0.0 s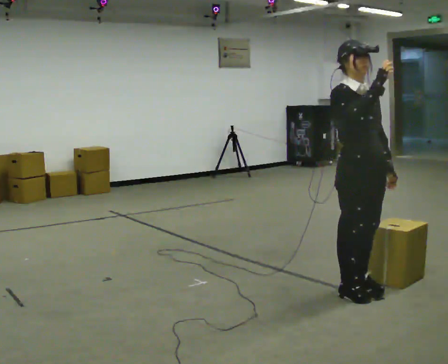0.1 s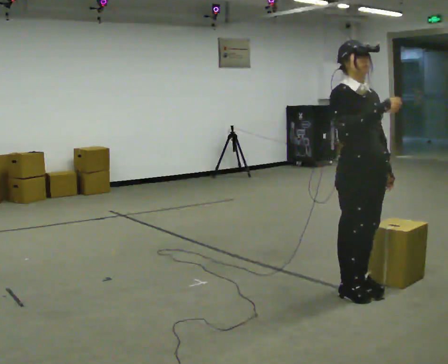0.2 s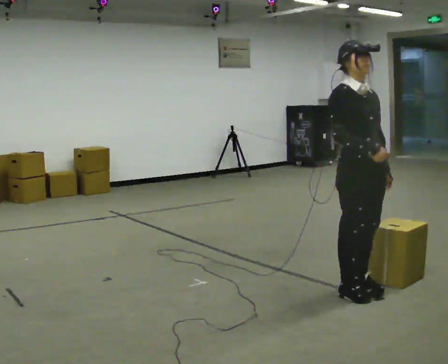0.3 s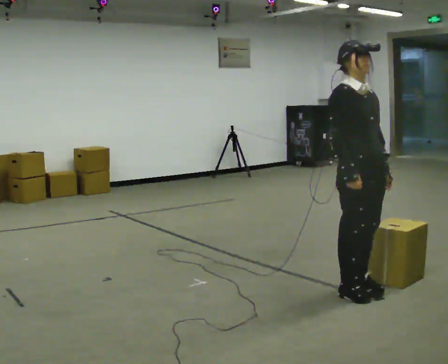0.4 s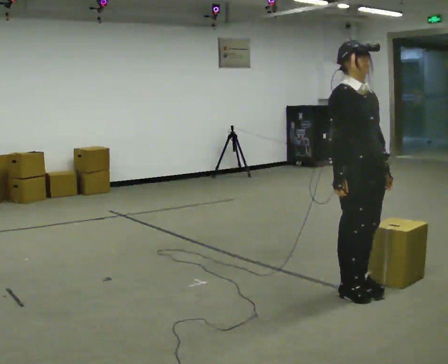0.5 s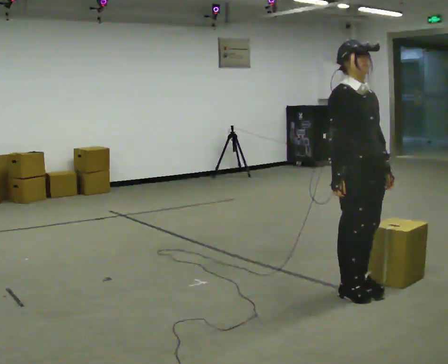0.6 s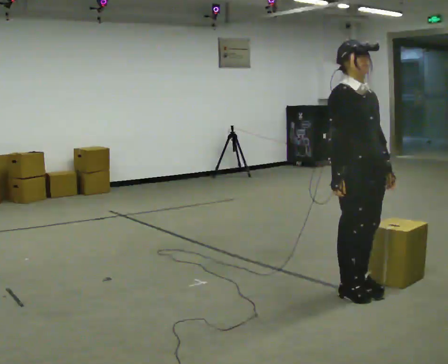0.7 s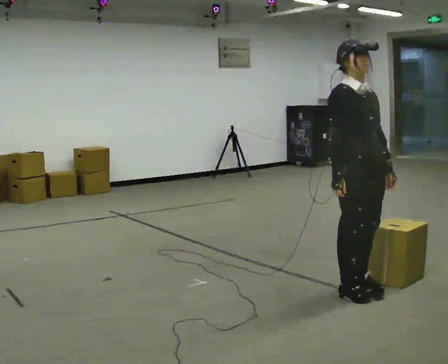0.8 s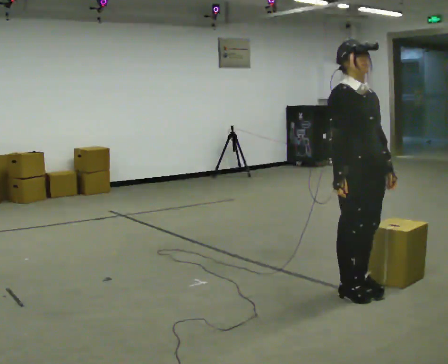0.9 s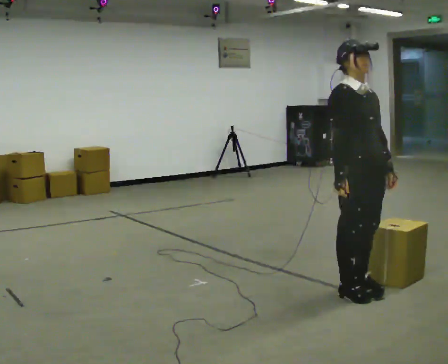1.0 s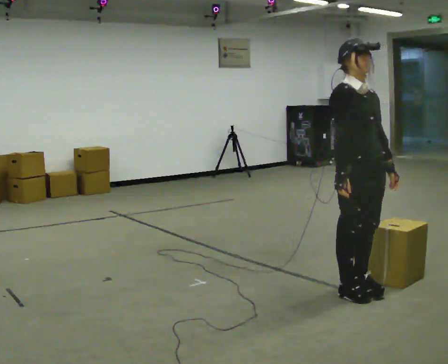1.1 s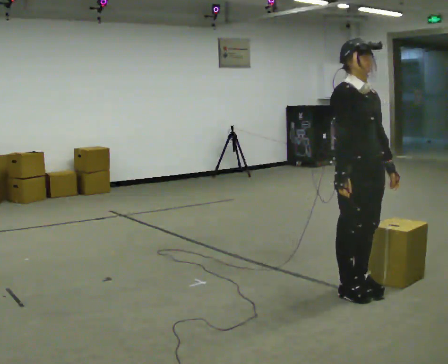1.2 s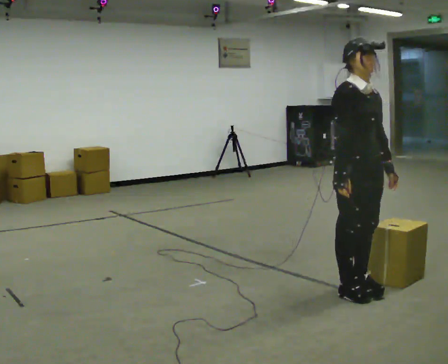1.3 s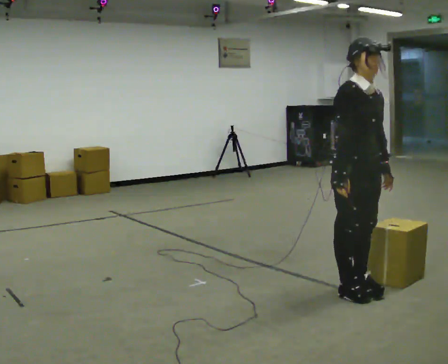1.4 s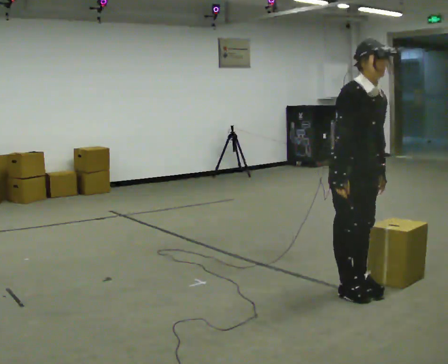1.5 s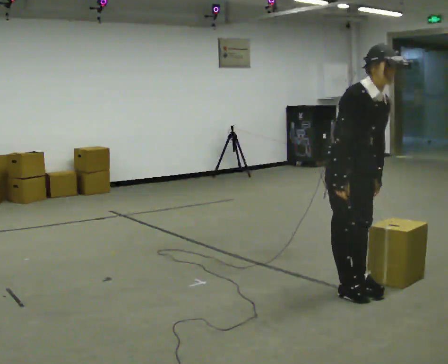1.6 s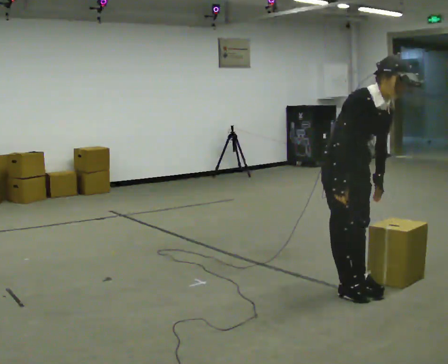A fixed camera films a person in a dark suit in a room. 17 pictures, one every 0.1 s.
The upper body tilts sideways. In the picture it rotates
clockwise.
Their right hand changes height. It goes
downward.
0.0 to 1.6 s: In the picture the upper body tilts clockwise, shoulders to the right, as they bend forward. In the picture their right hand goes downward.
The film runs backward here.
